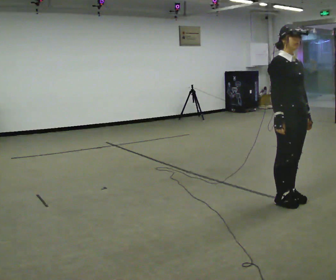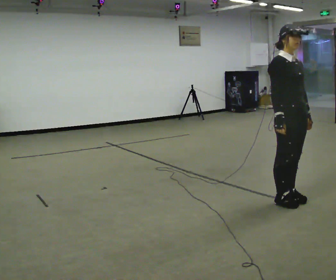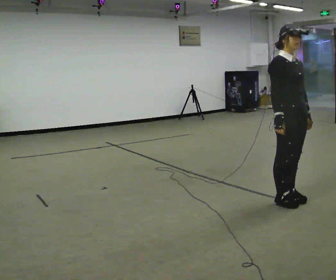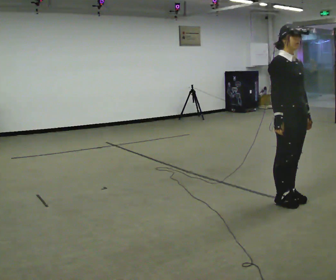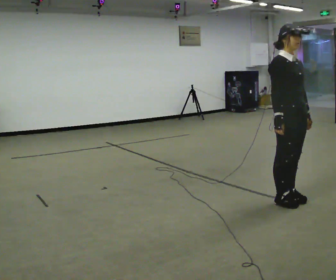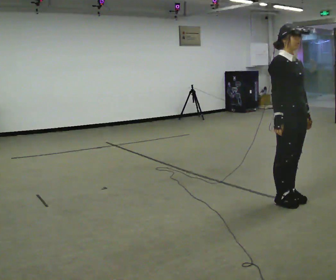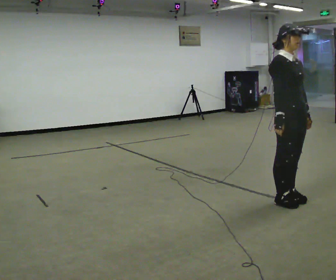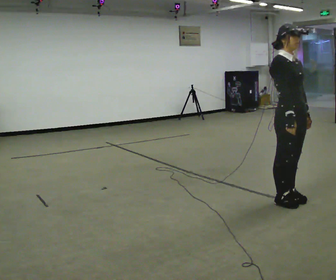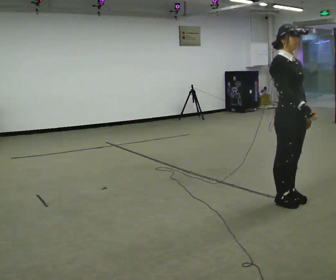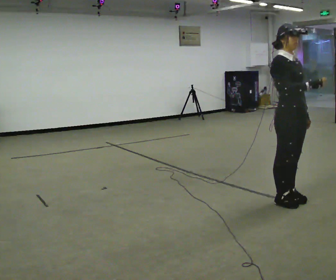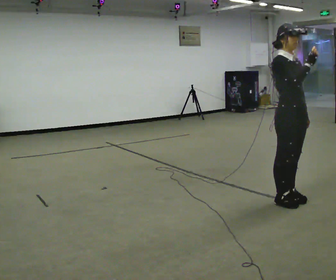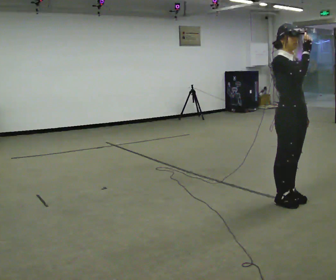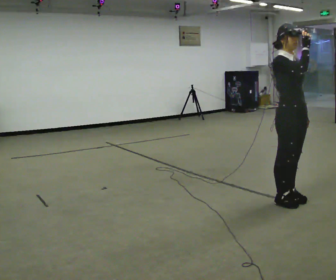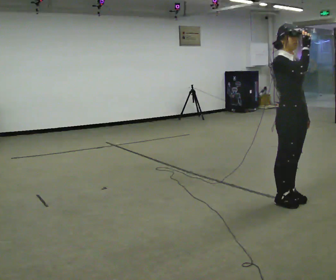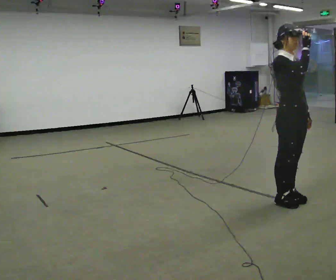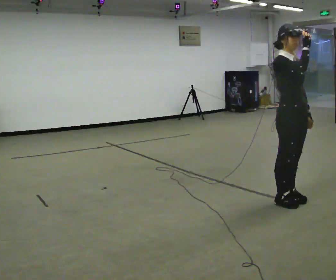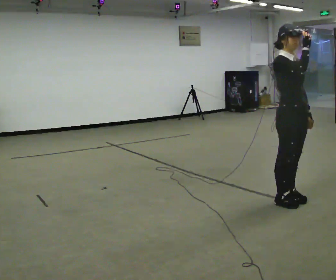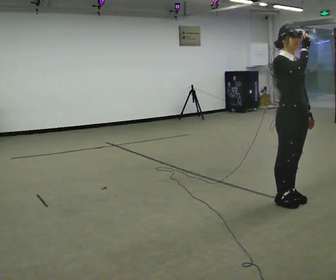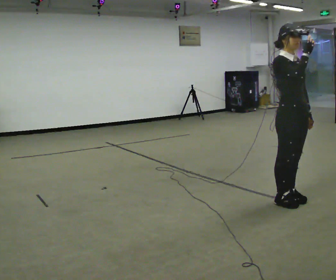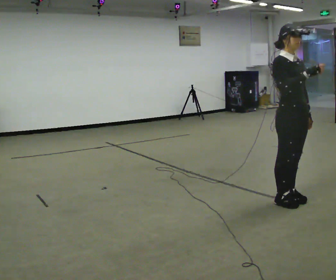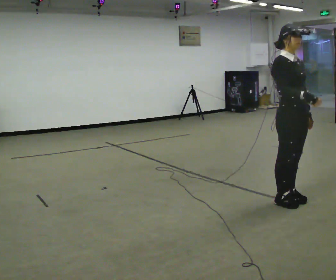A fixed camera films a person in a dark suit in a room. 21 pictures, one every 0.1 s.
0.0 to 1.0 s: In the picture their right hand goes upward.
1.0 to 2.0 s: The person moves a little, or ends about where they began.
The film runs backward here.
